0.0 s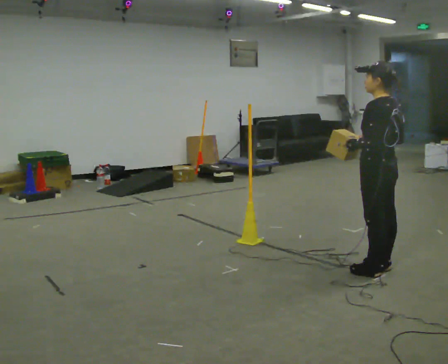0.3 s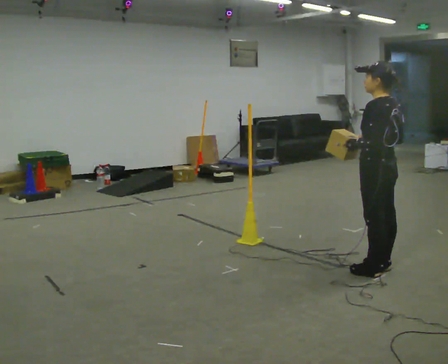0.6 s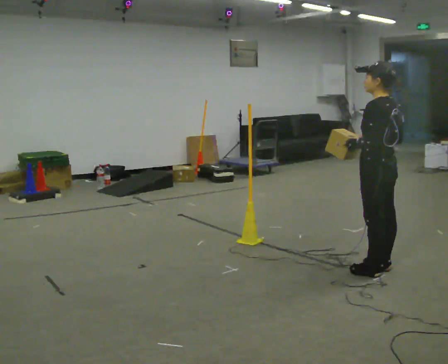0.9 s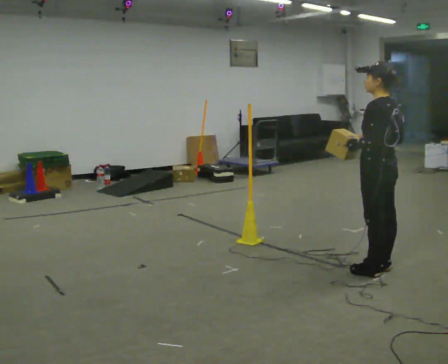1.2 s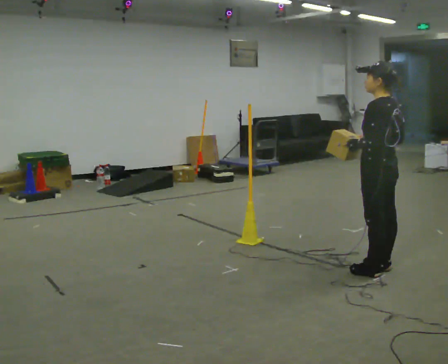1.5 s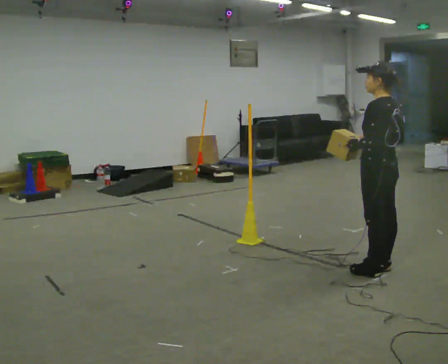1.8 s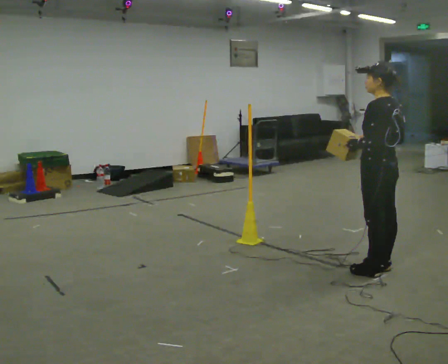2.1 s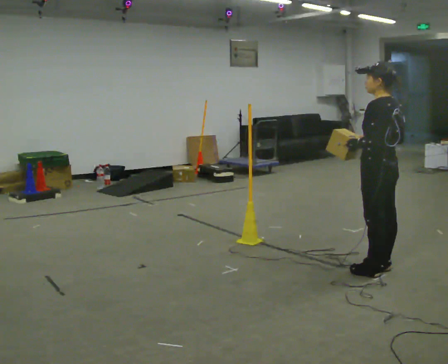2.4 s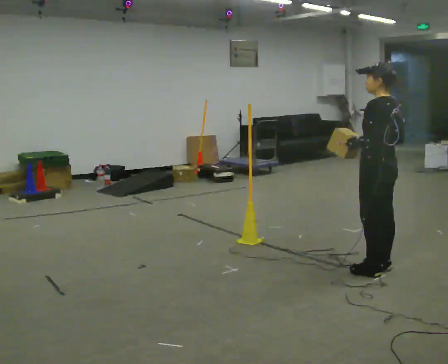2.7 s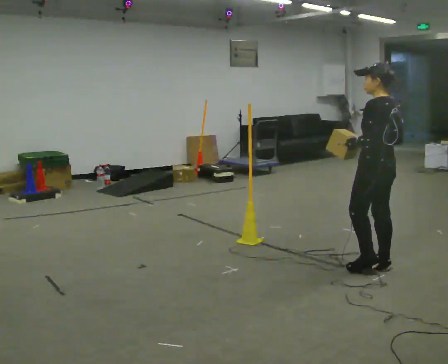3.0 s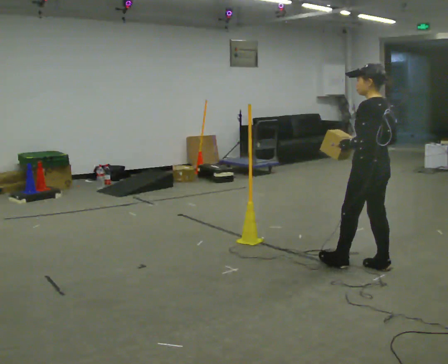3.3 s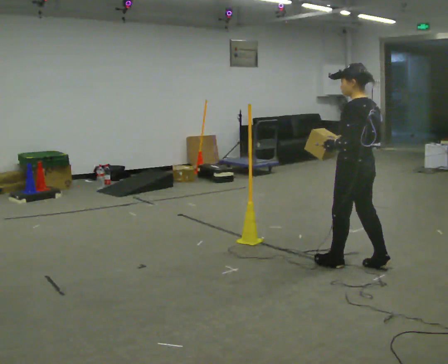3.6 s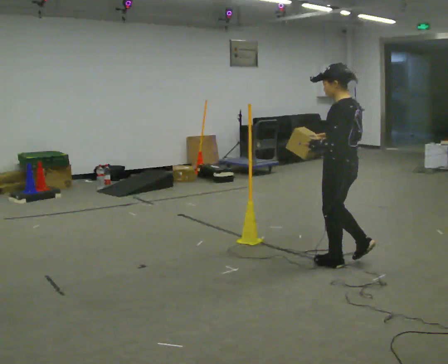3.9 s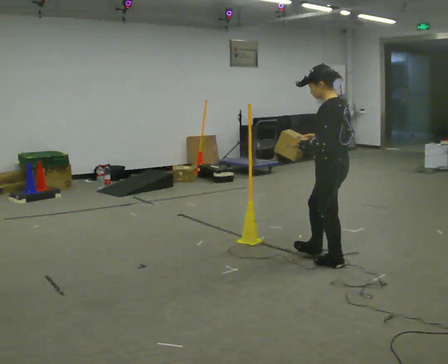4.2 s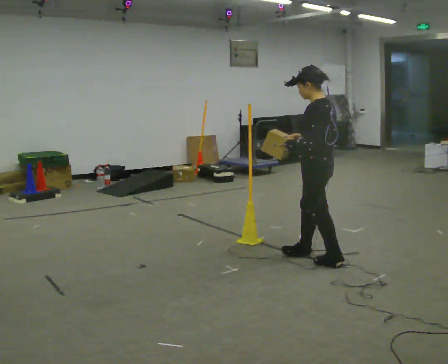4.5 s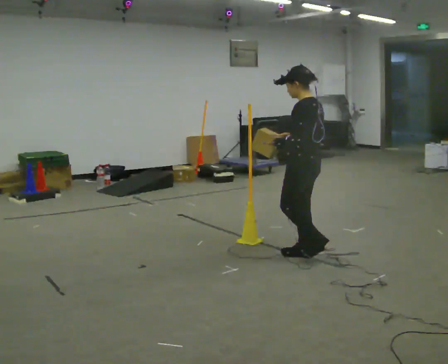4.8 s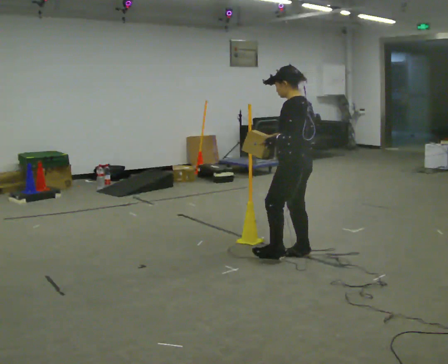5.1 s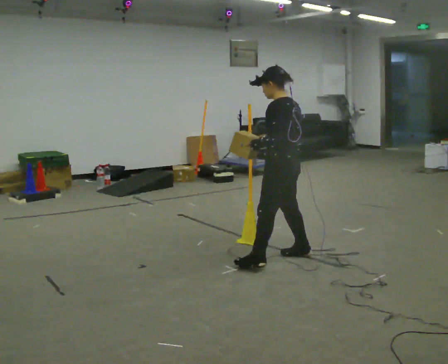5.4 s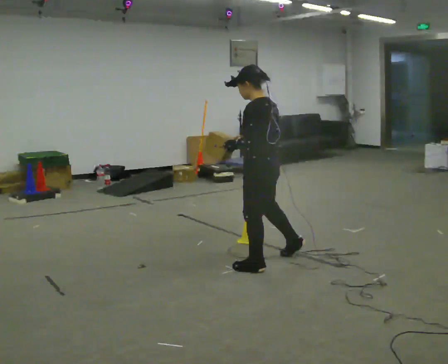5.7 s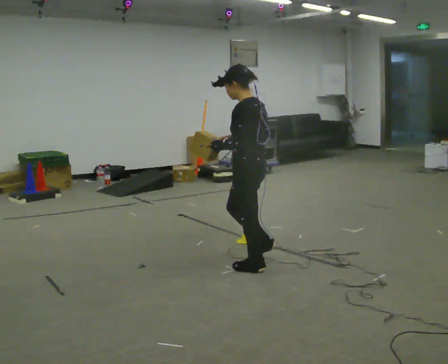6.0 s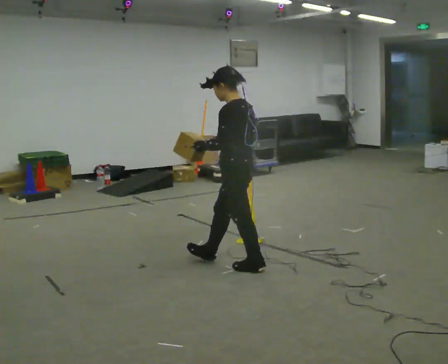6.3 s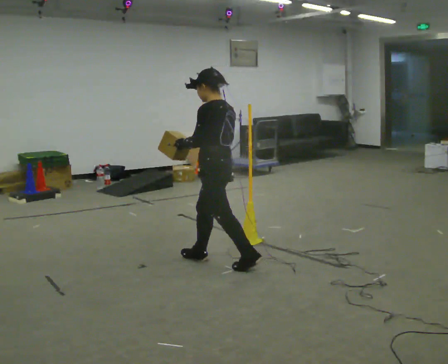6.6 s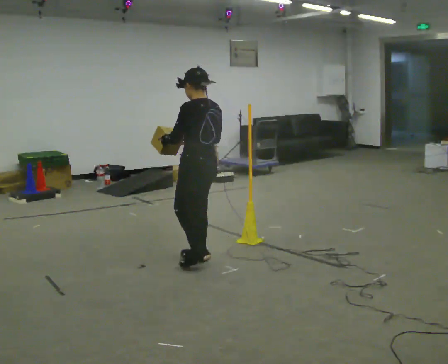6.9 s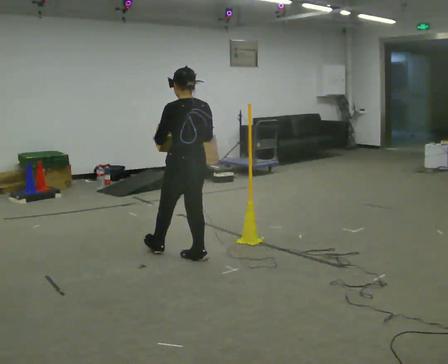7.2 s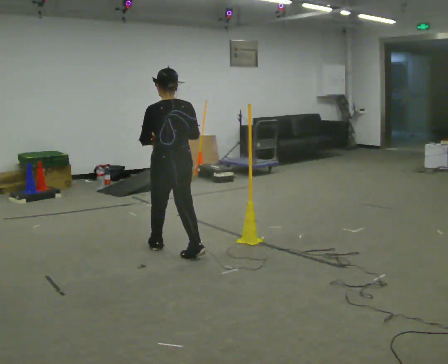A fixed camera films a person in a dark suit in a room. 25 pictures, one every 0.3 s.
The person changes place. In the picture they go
to the left.
0.0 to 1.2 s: The person keeps their place and pose.
1.2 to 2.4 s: The person moves a little, or ends about where they began.
2.4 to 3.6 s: In the picture they go to the left, about 0.25 m in 1 step, which for them is forward.
3.6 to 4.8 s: In the picture they go to the left and away from the camera, about 0.5 m in 1 step, which for them is forward.
4.8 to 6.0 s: In the picture they go to the left and toward the camera, about 0.5 m in 1 step, which for them is to their left and forward.
6.0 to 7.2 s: The person turns about 45 degrees to their right, clockwise seen from above, so the part of the body nearest the lens slides to the left. In the picture they go to the left and away from the camera, about 0.5 m in 2 steps, which for them is forward.
The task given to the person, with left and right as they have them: Carry the box across the room. The operator will step into your path partway across, so go around them and carry on. Keep going until the operator says stop; one object at a time, and do not rush between trips.
The film runs forward here.
